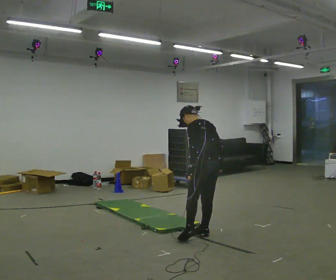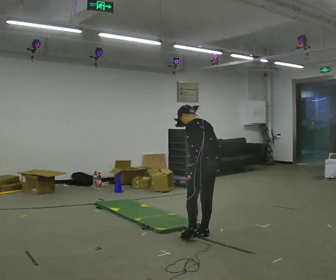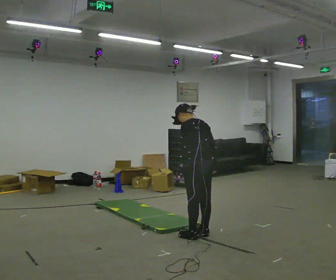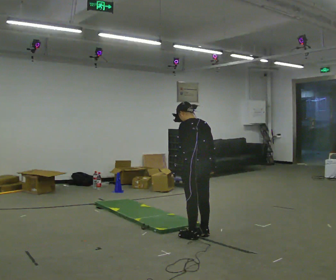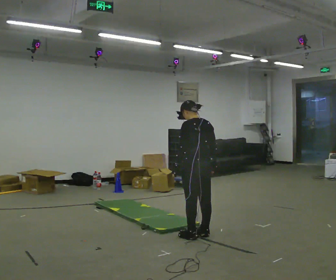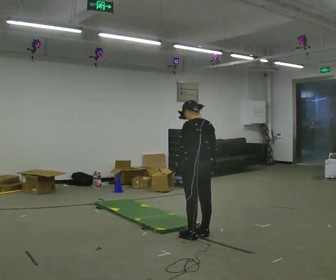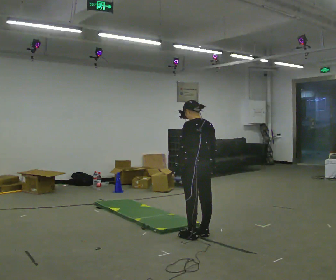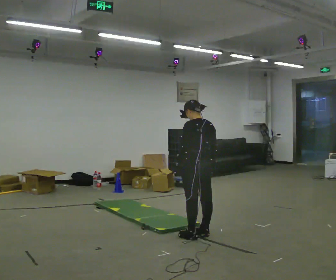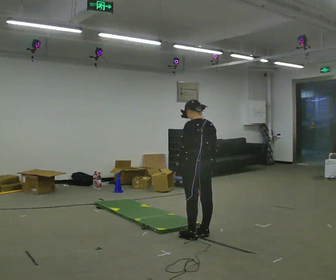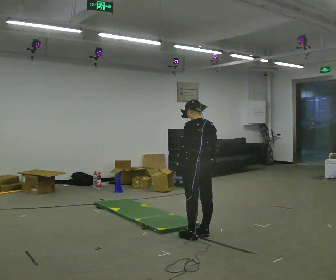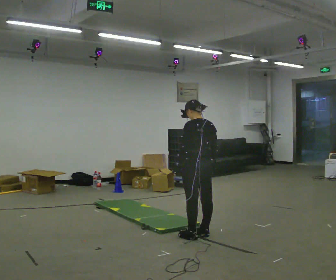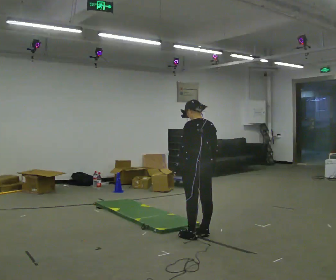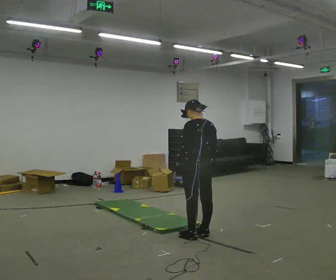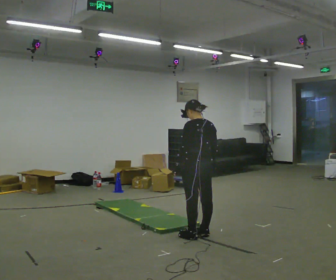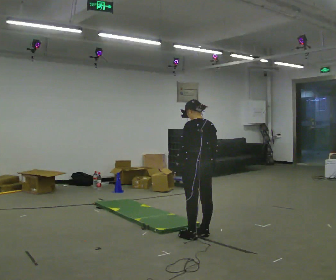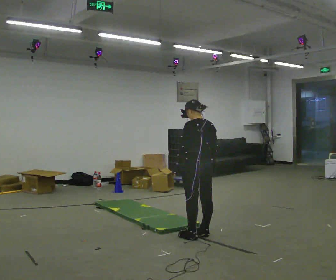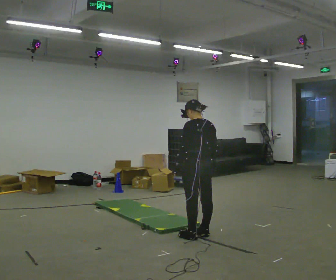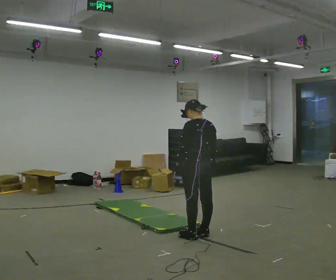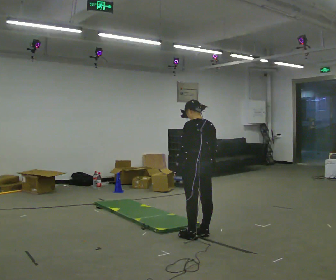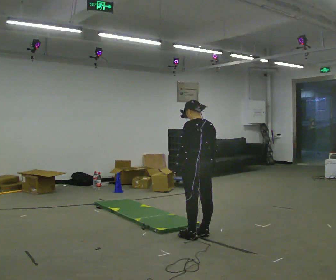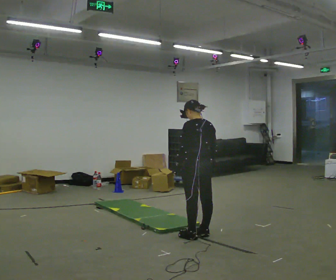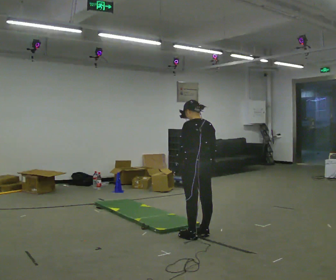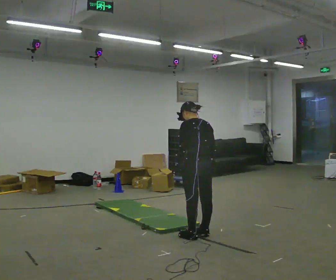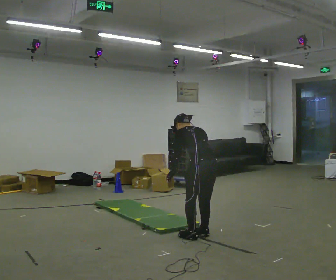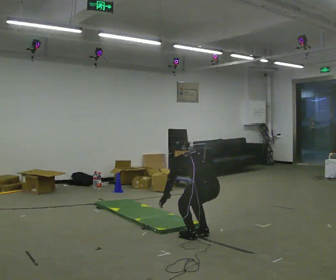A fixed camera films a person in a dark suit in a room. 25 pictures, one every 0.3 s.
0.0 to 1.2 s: The person moves a little, or ends about where they began.
1.2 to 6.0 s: The person keeps their place and pose.
6.0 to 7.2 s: The upper body goes downward. The upper body tips away from the camera, its near side rolling upward, as they bend forward. In the picture their left hand goes downward.
The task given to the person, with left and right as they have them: From standing, drop to your hands, kick your feet back, return and jump up. Repeat the movement at your own pace until the operator says stop; do not rush.
The film runs forward here.
